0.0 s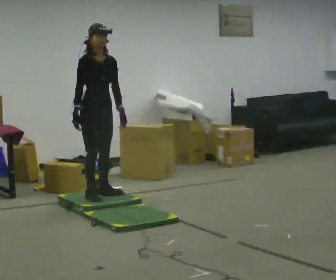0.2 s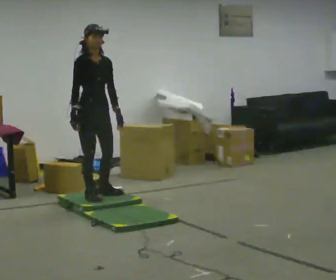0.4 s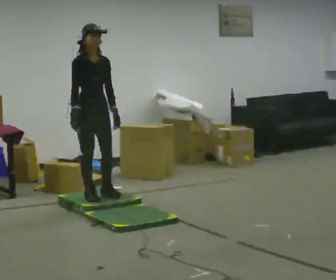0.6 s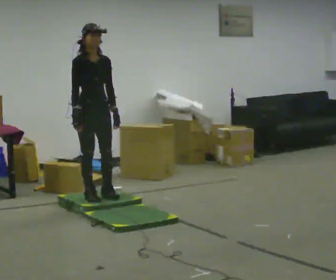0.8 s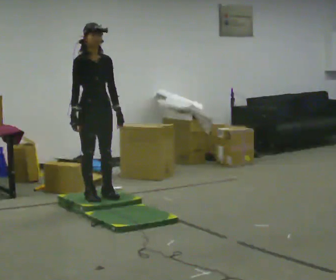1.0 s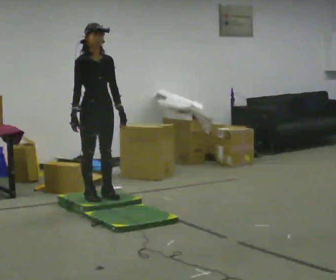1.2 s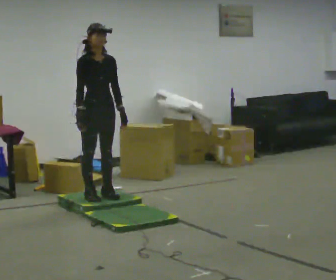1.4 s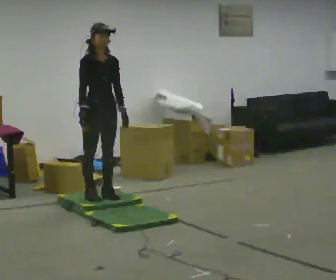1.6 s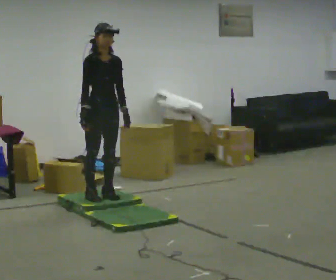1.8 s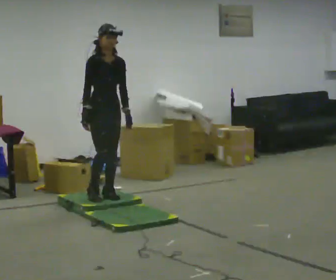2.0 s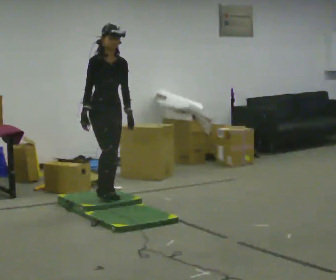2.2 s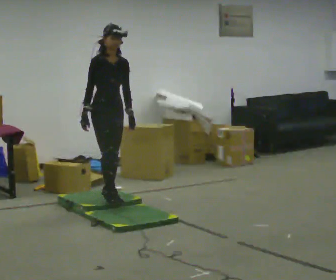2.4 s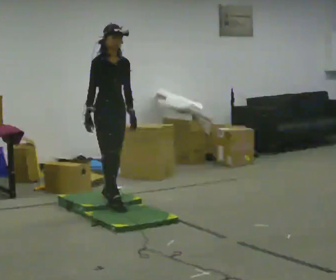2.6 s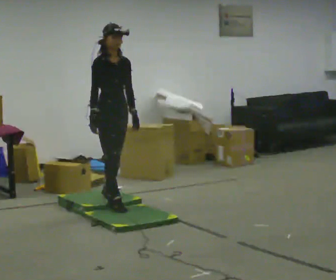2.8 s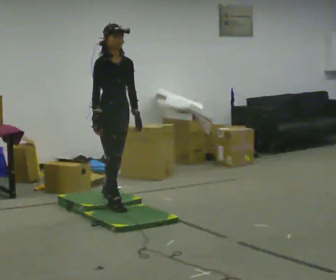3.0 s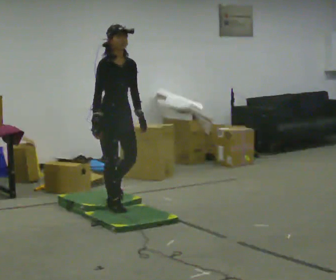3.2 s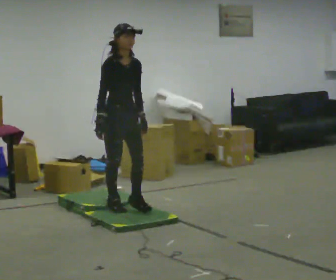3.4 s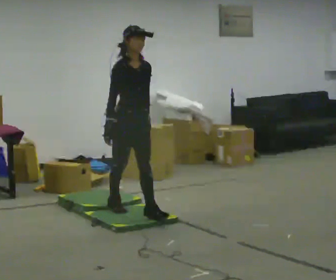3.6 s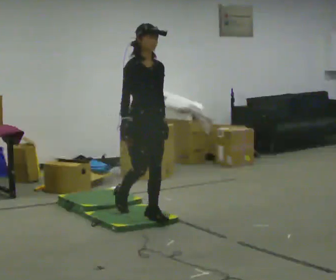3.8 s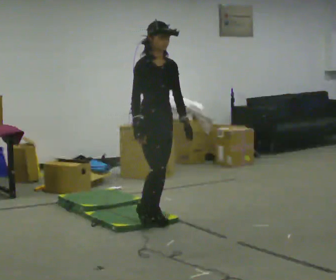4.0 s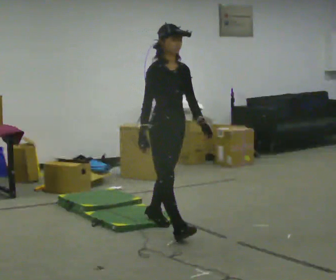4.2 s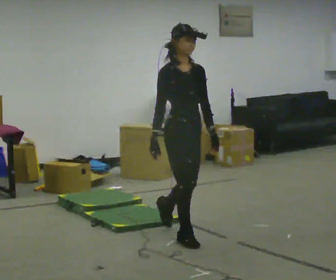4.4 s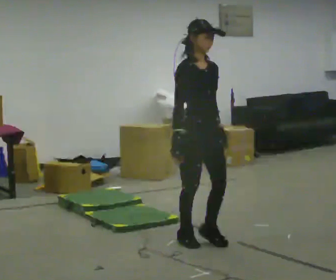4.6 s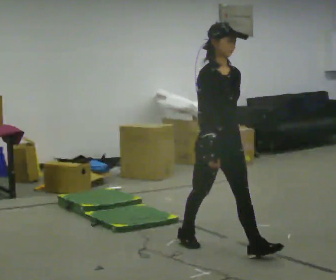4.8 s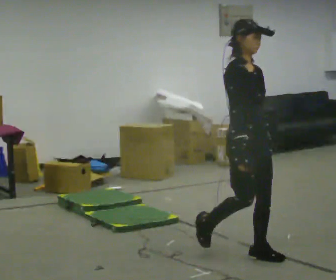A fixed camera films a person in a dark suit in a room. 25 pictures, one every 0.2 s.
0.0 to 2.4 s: The person moves a little, or ends about where they began.
2.4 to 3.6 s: In the picture they go toward the camera and to the right, about 0.75 m in 1 step, which for them is forward.
3.6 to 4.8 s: In the picture they go toward the camera and to the right, about 1 m in 2 steps, which for them is forward.
The film runs forward here.
